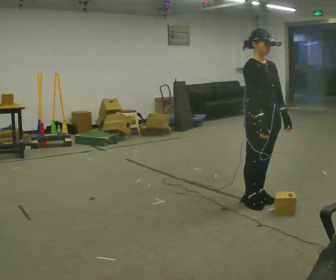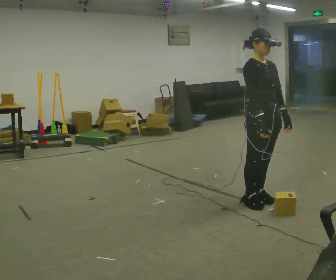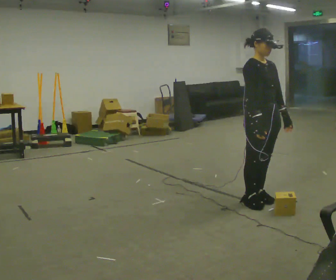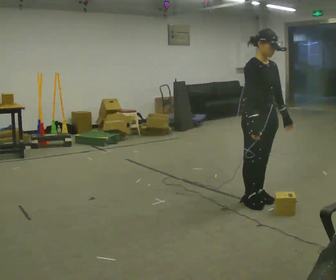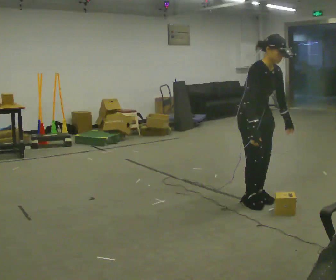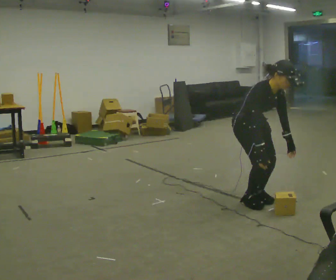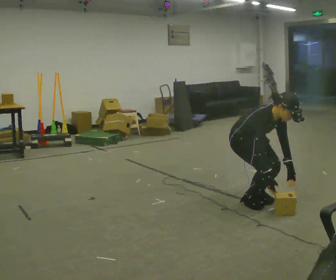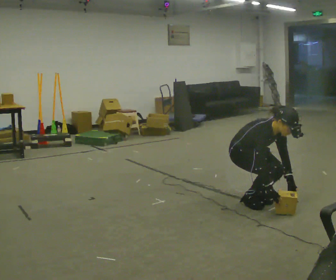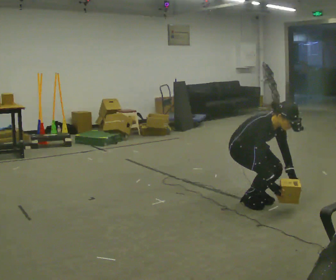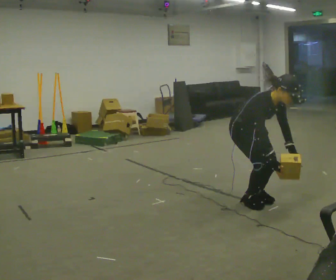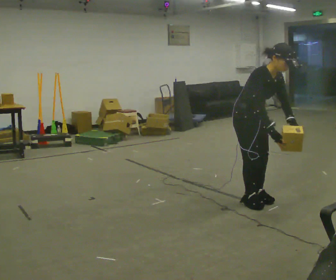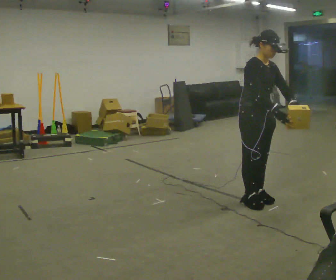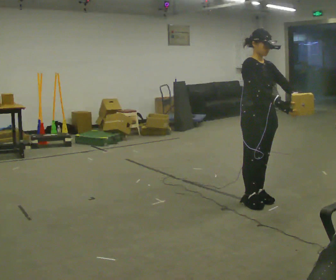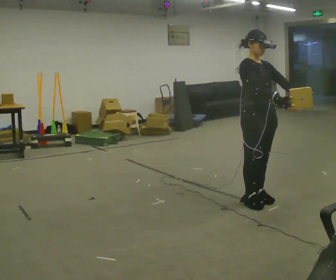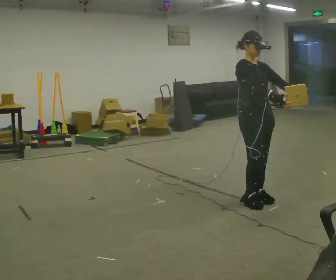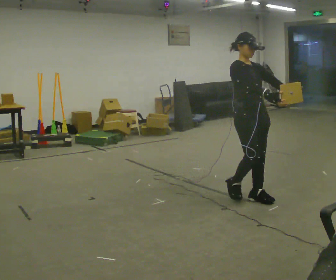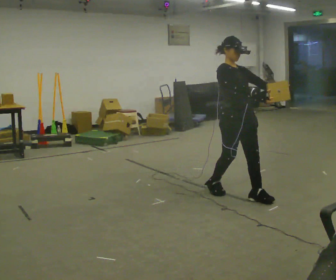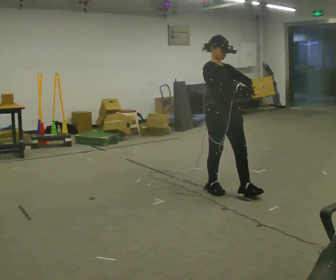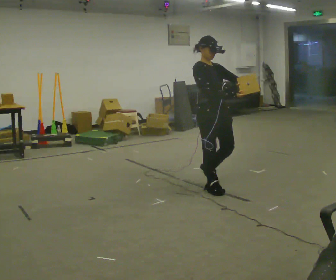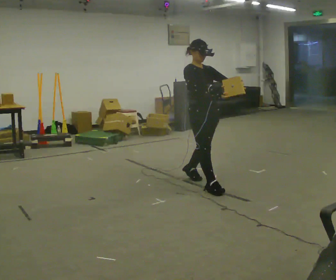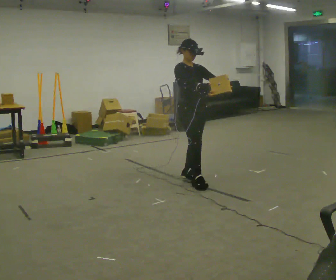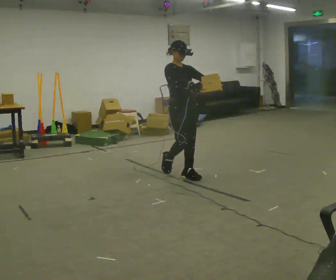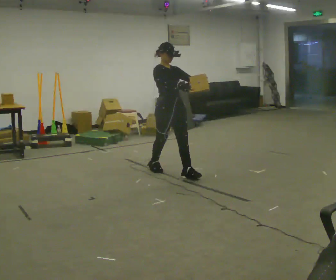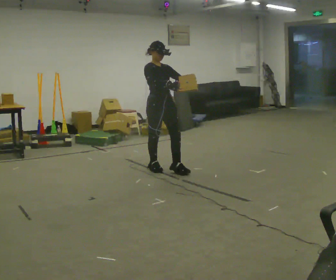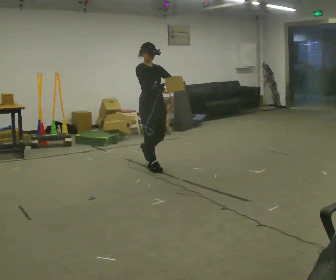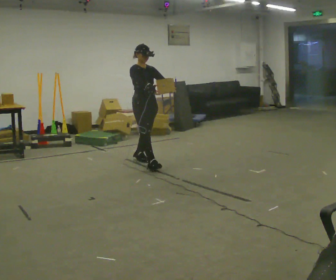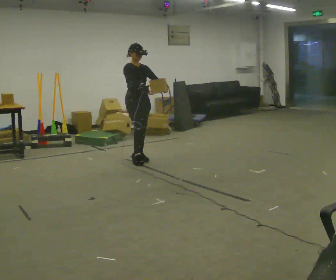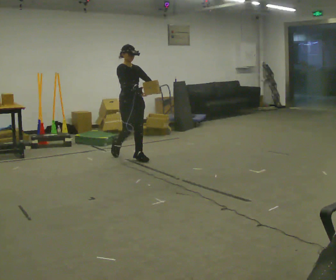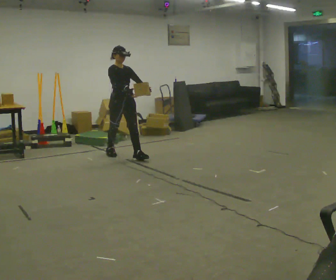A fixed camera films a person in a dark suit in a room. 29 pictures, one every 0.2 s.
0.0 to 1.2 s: The shoulders move downward. In the picture the upper body tilts clockwise, shoulders to the right, as they bend forward. In the picture their left hand goes downward.
1.2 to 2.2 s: In the picture the upper body tilts counterclockwise, shoulders to the left, as they lean back or straighten. In the picture their left hand goes upward.
2.2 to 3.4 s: In the picture they go to the left and away from the camera, about 0.5 m in 2 steps, which for them is backward. In the picture the upper body tilts counterclockwise, shoulders to the left, as they lean back or straighten.
3.4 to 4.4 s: In the picture they go away from the camera and to the left, about 1 m in 1 step, which for them is backward.
4.4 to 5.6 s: In the picture they go to the left and away from the camera, about 1 m in 2 steps, which for them is backward.
The film runs backward here.
